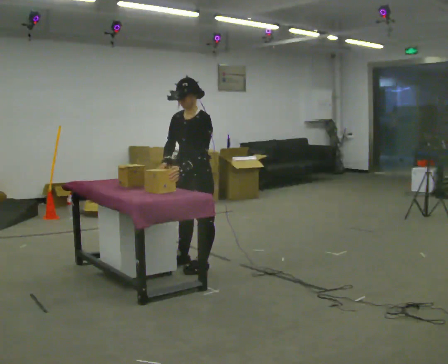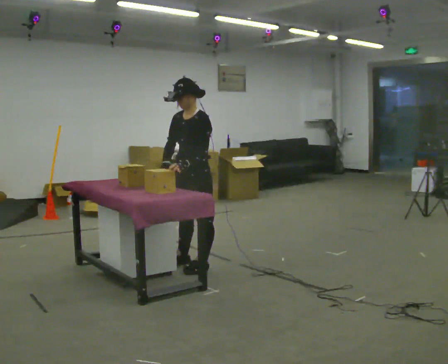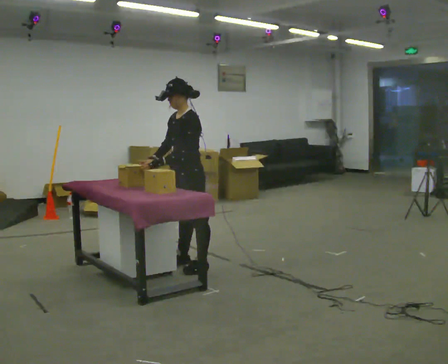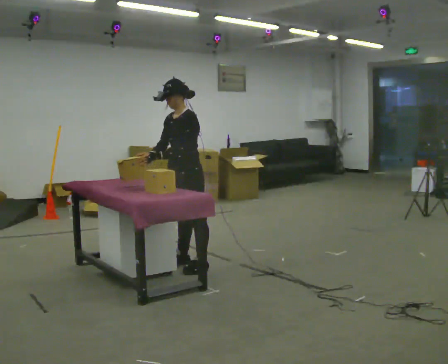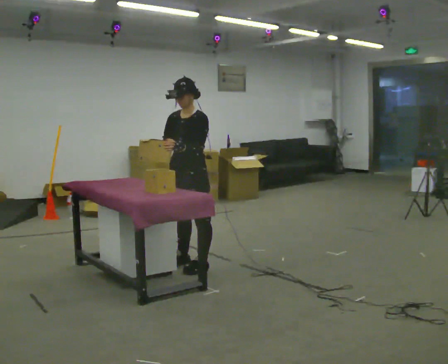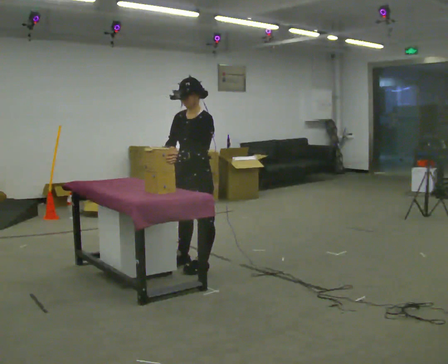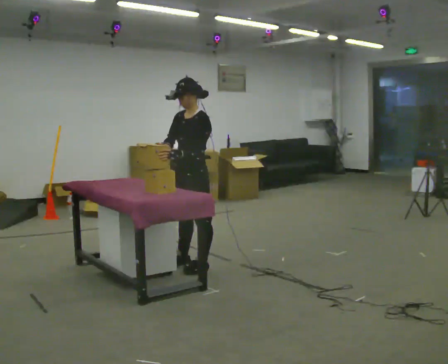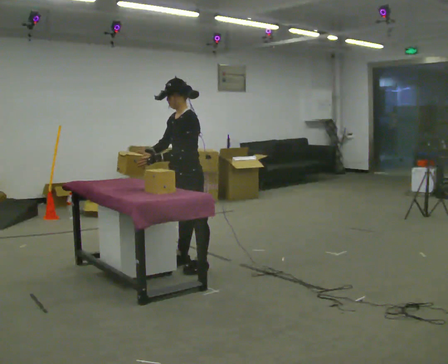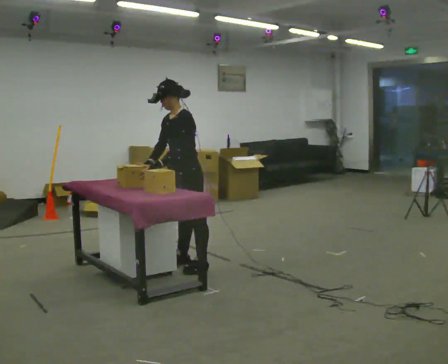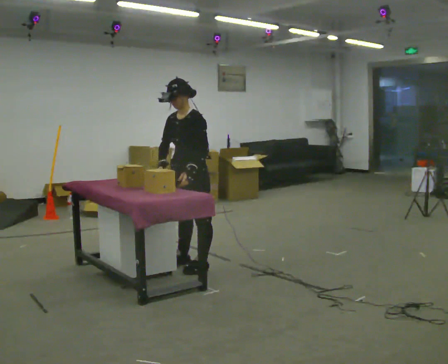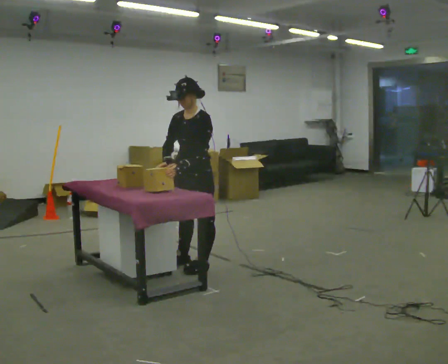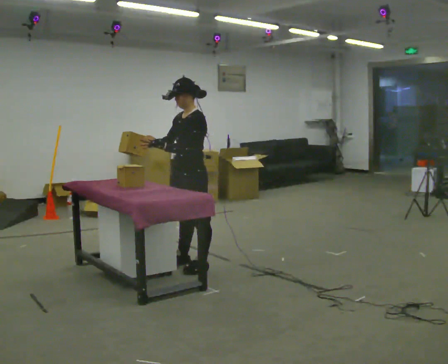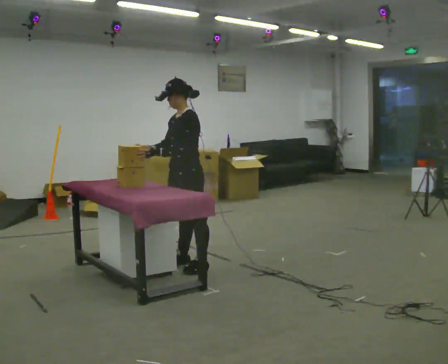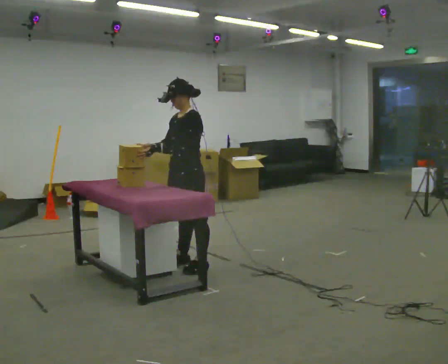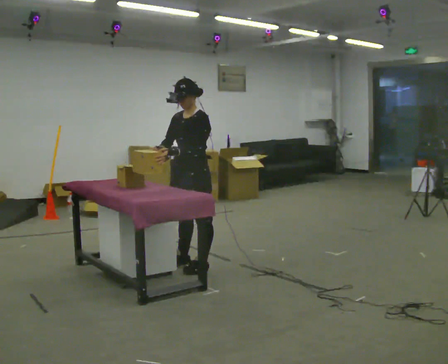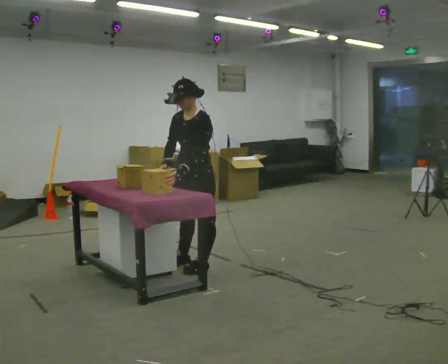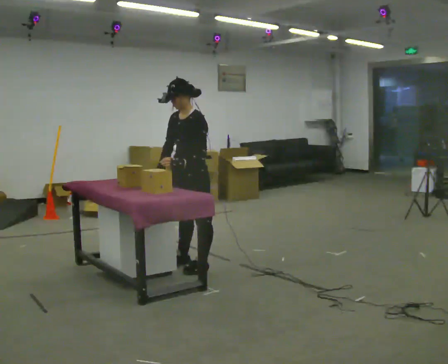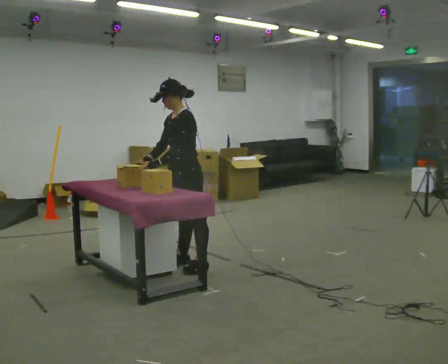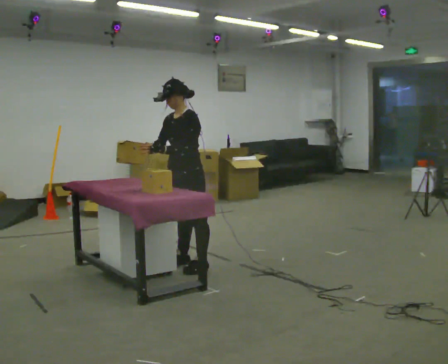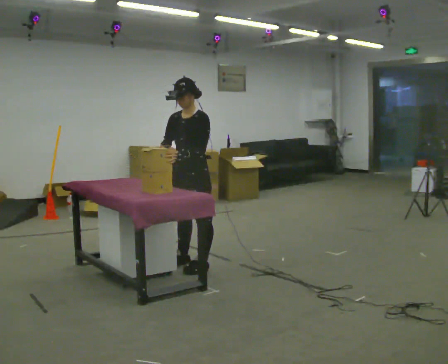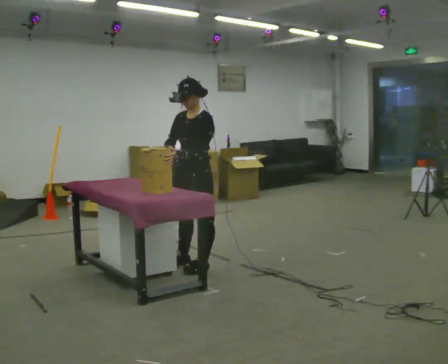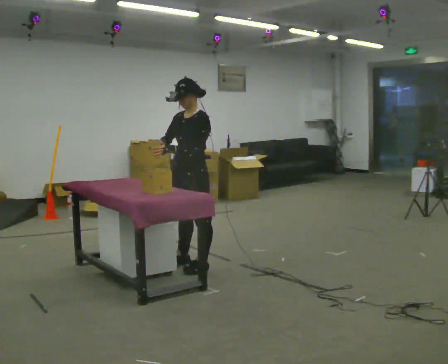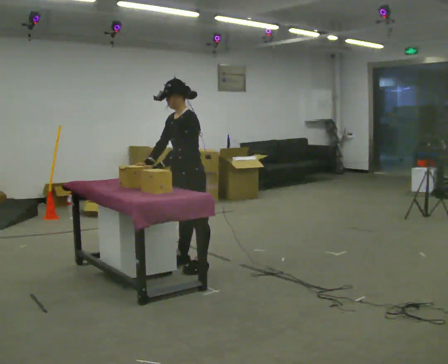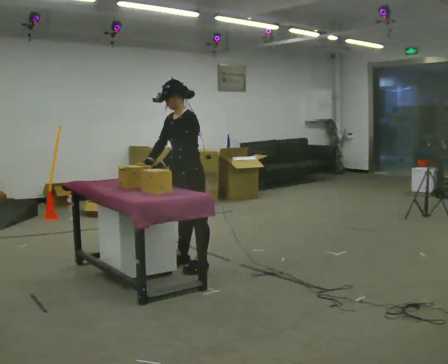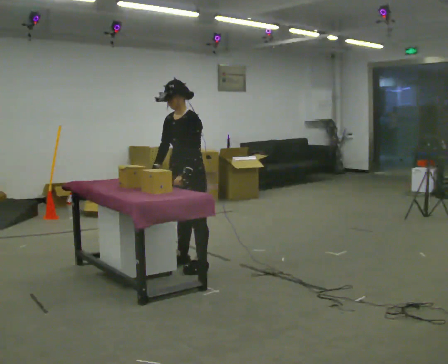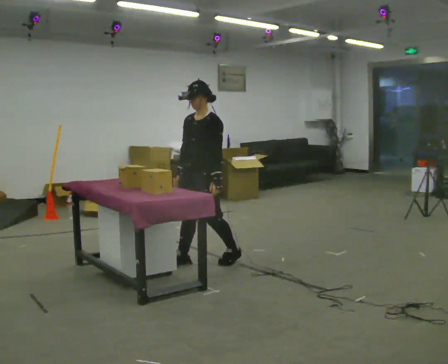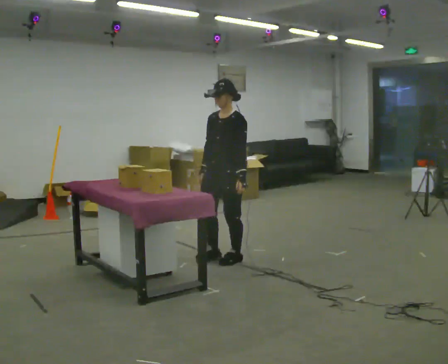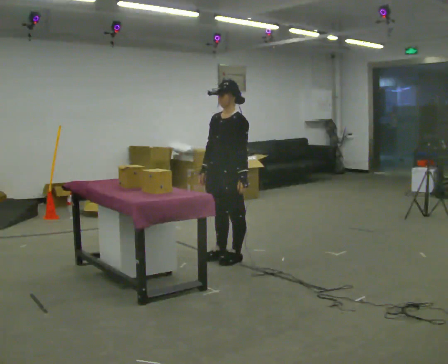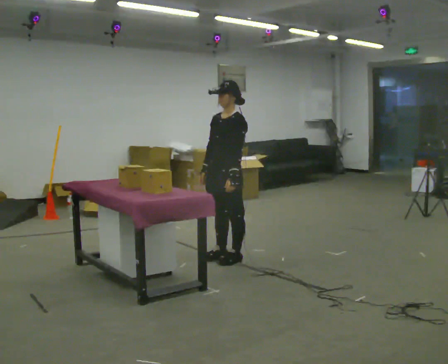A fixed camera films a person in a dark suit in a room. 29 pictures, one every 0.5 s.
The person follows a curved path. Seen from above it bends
clockwise.
0.0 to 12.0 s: The person moves a little, or ends about where they began.
12.0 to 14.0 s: In the picture they go to the right, about 0.25 m in 2 steps, which for them is backward and to their left.
The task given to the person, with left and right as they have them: Lift the heavy object with both hands and set it down again in a different spot on the same surface. Repeat at your own pace until the operator says stop. Keep both feet on the marked spots for the whole take. If you have to step, stop and tell the operator.
The film runs forward here.
